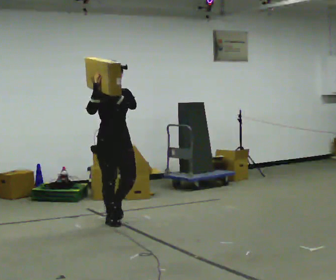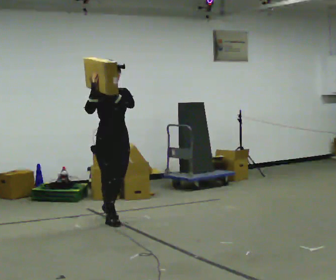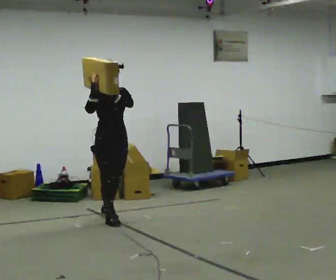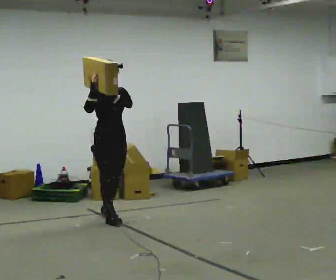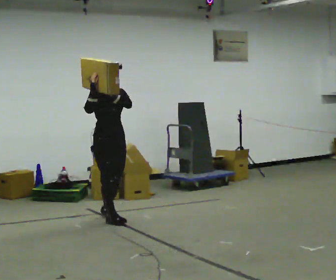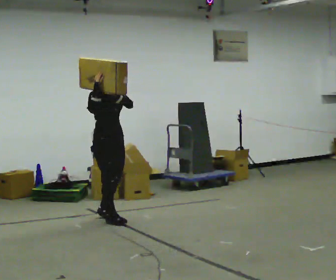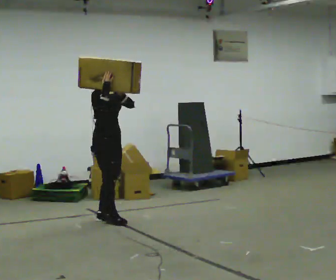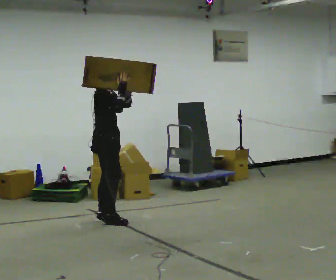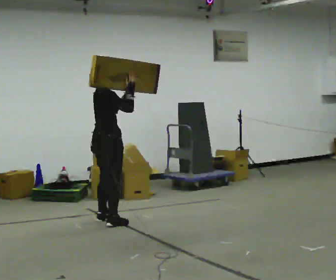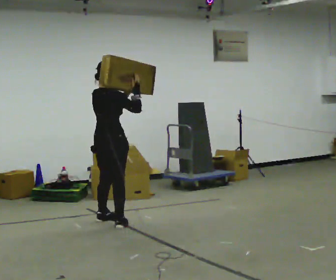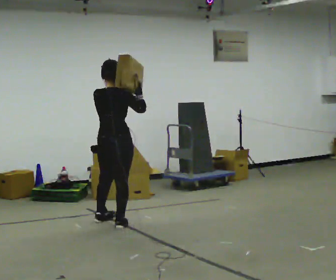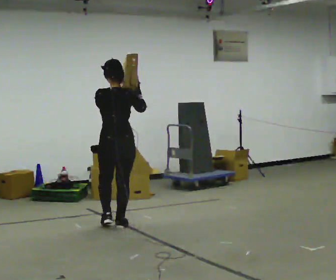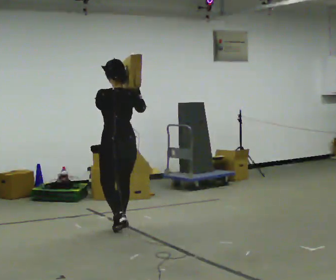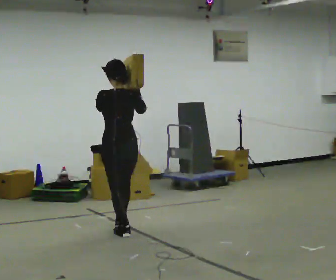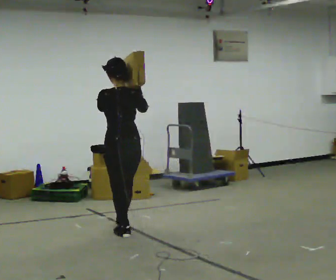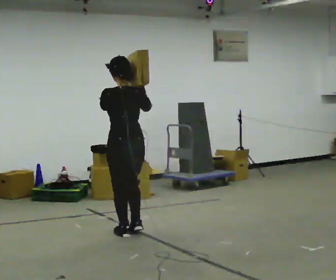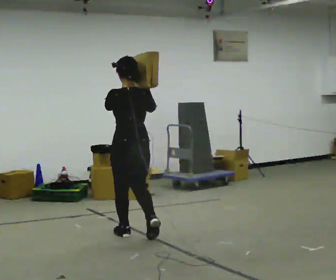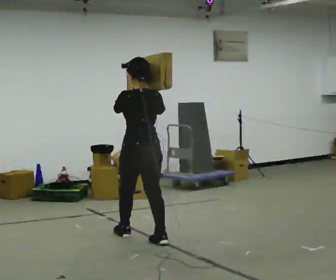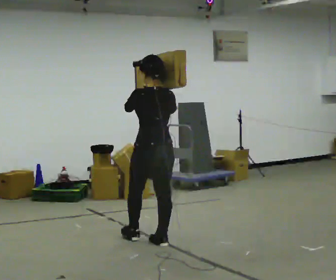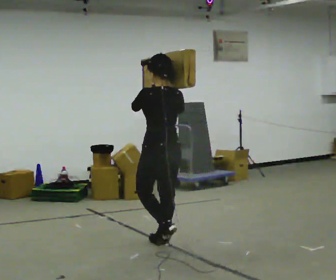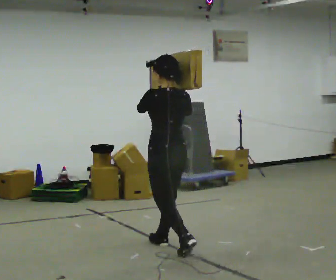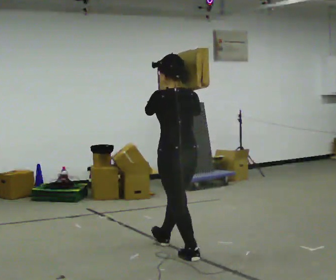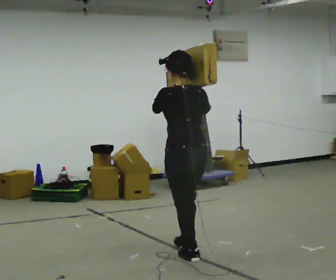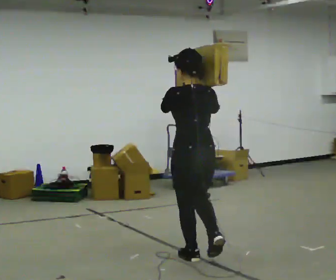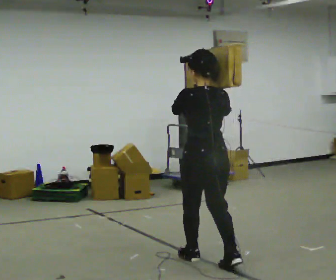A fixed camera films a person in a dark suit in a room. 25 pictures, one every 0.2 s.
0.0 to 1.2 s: The part of the body nearest the lens slides to the right as the person turns to their left by about 30 degrees.
1.2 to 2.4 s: The person turns about 135 degrees to their left, counterclockwise seen from above, so the part of the body nearest the lens slides to the right. In the picture they go toward the camera and to the right, about 0.5 m in 2 steps.
2.4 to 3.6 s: In the picture they go toward the camera and to the right, about 0.75 m in 2 steps, which for them is backward.
3.6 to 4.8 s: In the picture they go toward the camera and to the right, about 0.5 m in 1 step, which for them is backward.
The film runs backward here.
